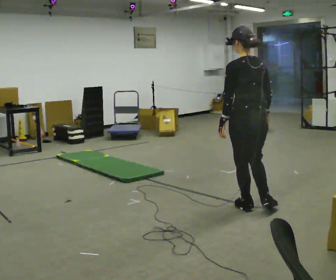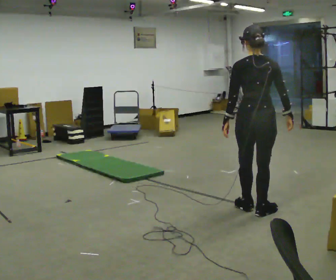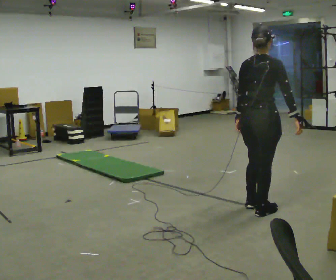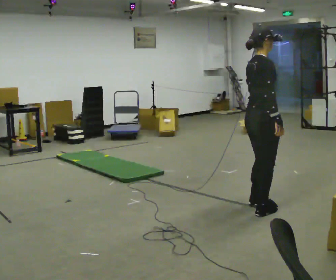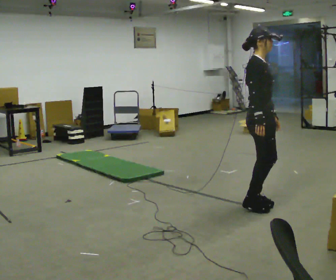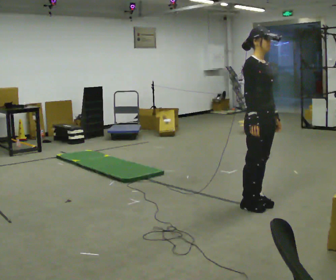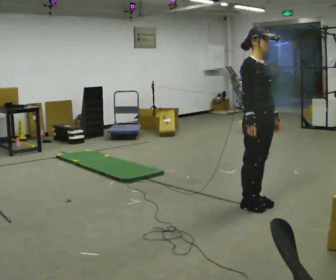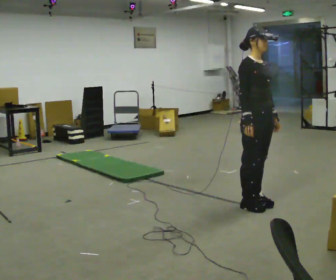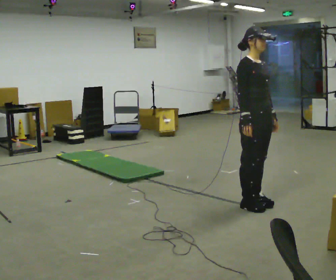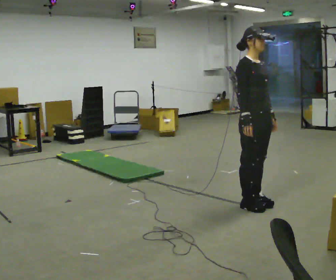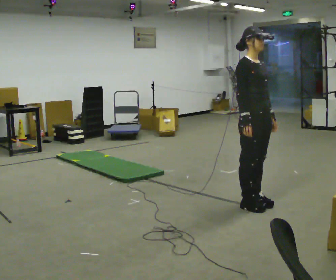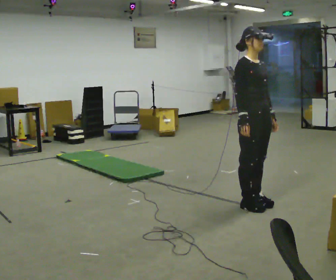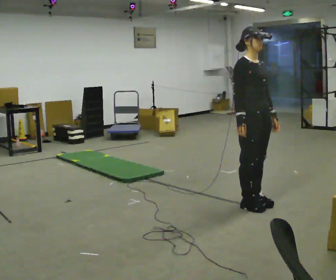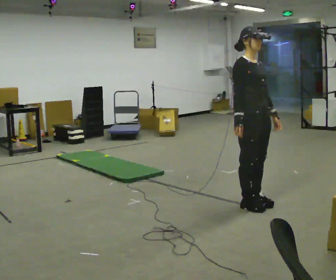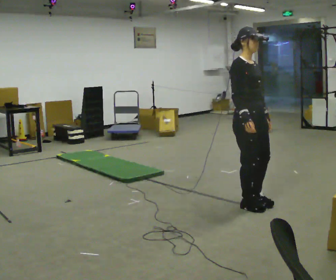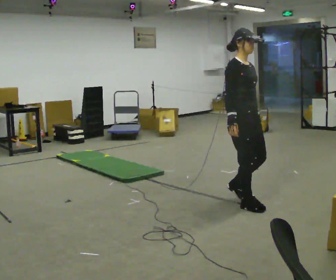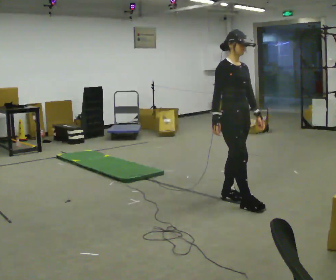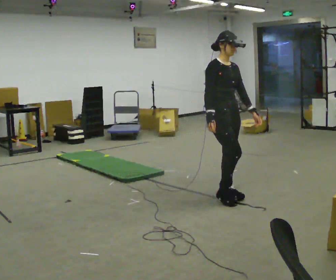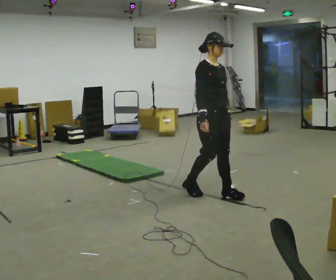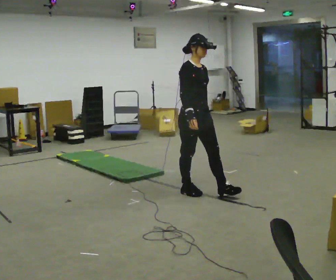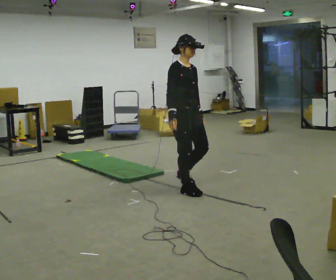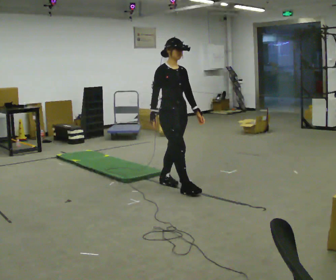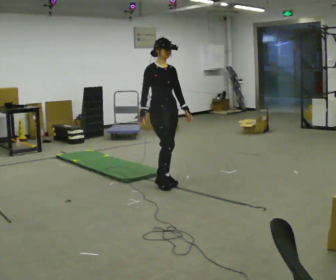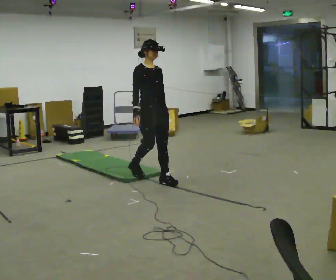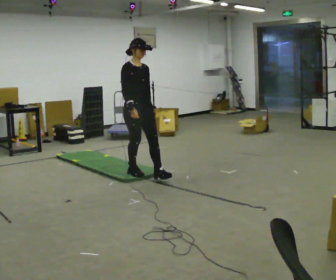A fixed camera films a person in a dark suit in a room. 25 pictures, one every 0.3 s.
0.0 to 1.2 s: The part of the body nearest the lens slides to the left as the person turns to their right by about 120 degrees.
1.2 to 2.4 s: The part of the body nearest the lens slides to the left as the person turns to their right by about 30 degrees.
2.4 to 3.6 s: The person moves a little, or ends about where they began.
3.6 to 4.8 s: In the picture they go to the left, about 0.25 m in 1 step, which for them is backward.
4.8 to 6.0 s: In the picture they go to the left and away from the camera, about 0.5 m in 2 steps, which for them is backward.
6.0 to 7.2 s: In the picture they go to the left and away from the camera, about 0.5 m in 2 steps, which for them is backward.
The film runs backward here.
